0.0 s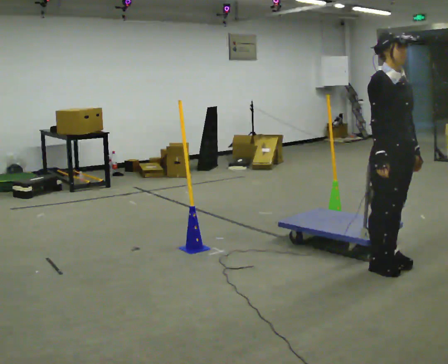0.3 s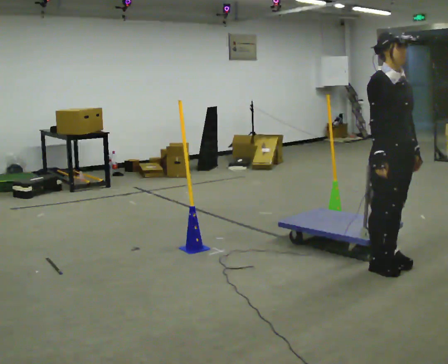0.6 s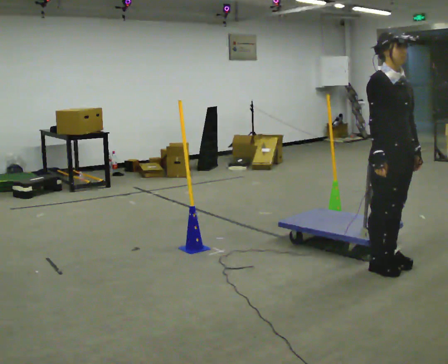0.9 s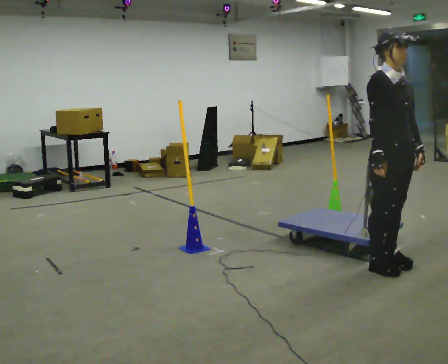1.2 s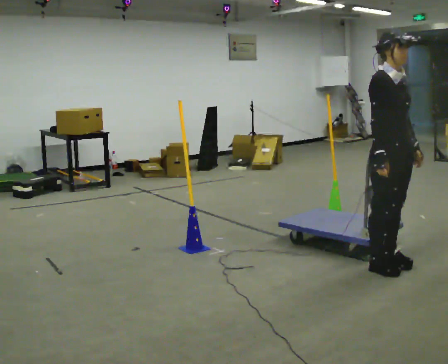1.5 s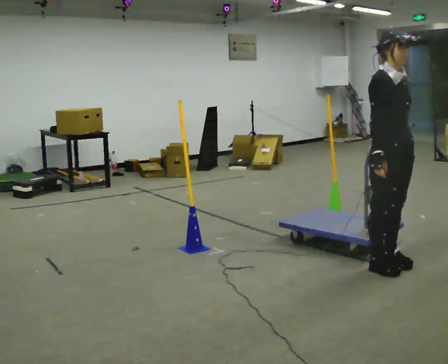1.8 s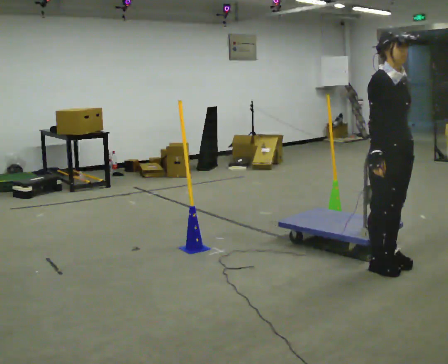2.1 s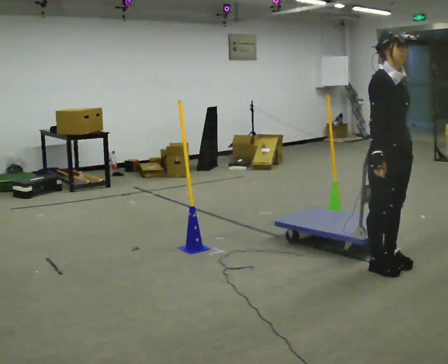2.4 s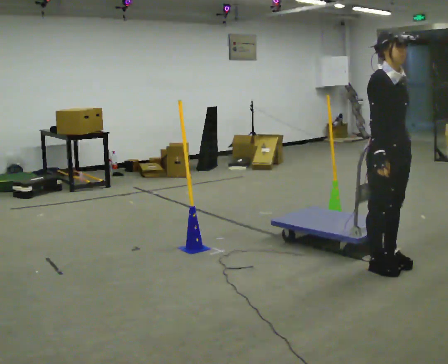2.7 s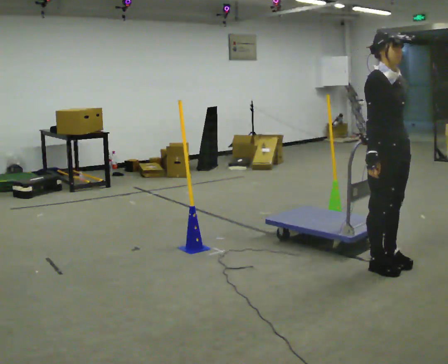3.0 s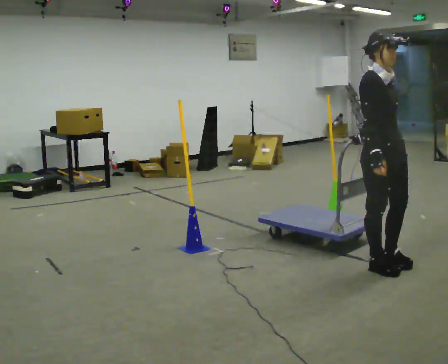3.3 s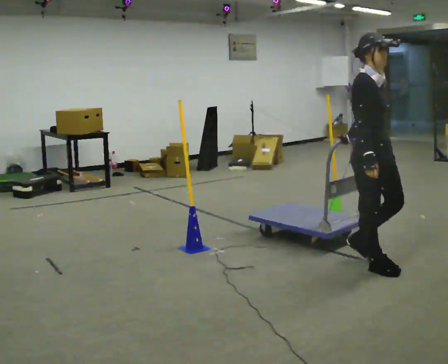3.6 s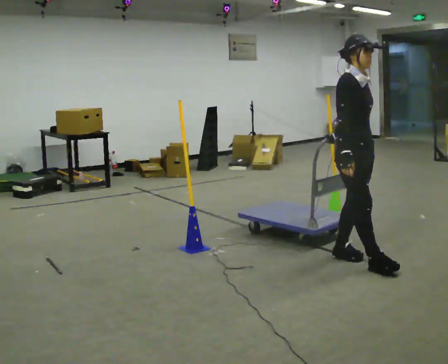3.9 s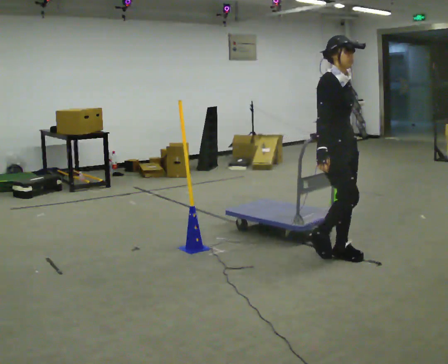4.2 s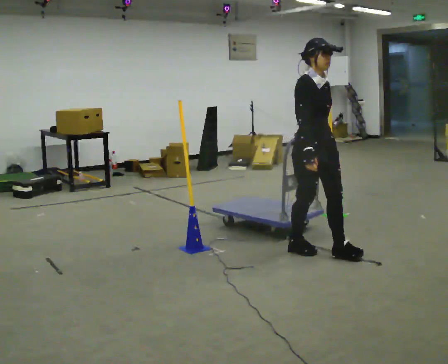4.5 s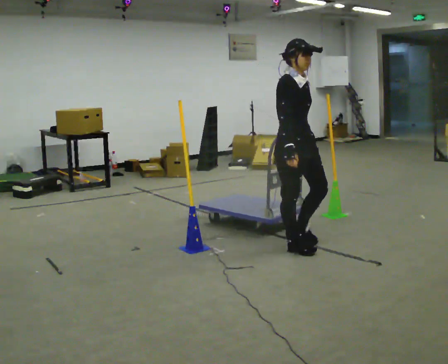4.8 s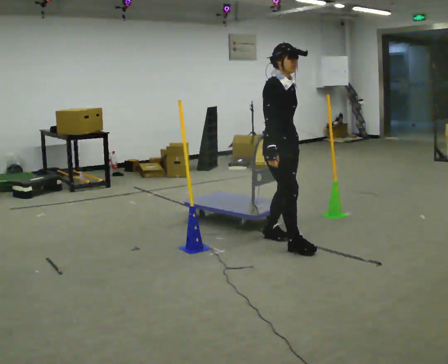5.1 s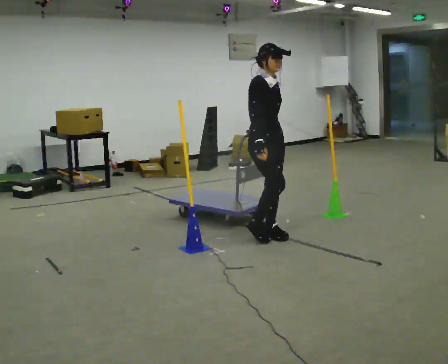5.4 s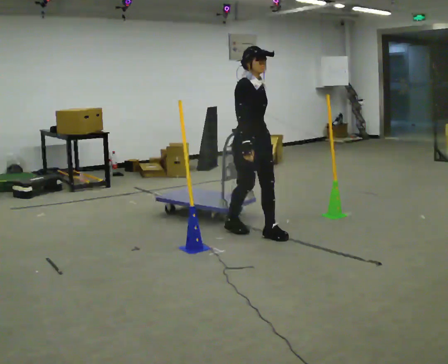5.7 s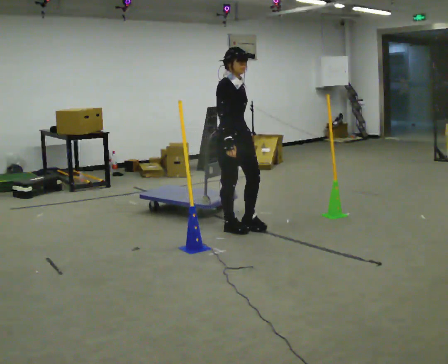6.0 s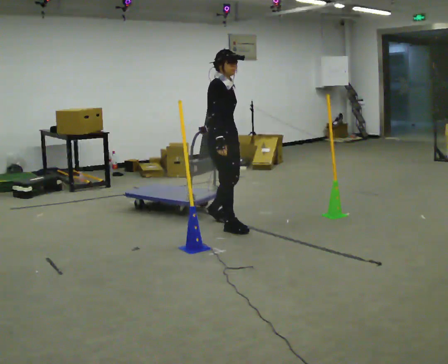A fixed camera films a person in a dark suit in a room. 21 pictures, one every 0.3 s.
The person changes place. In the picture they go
to the left.
0.0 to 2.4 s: The person moves a little, or ends about where they began.
2.4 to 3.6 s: In the picture they go to the left, about 0.25 m in 1 step, which for them is backward. In the picture their left hand goes to the left.
3.6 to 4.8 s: In the picture they go to the left and away from the camera, about 0.75 m in 2 steps, which for them is backward.
4.8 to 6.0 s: In the picture they go to the left and away from the camera, about 0.5 m in 2 steps, which for them is backward.
The film runs backward here.
